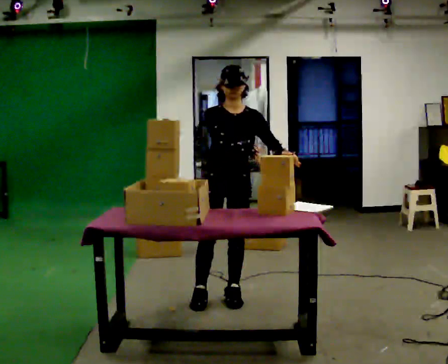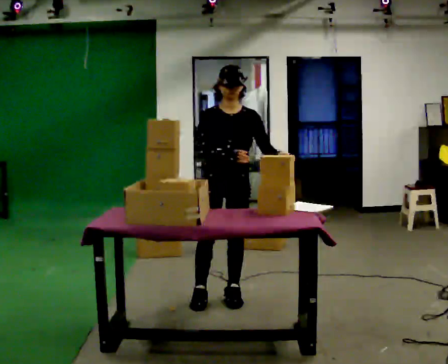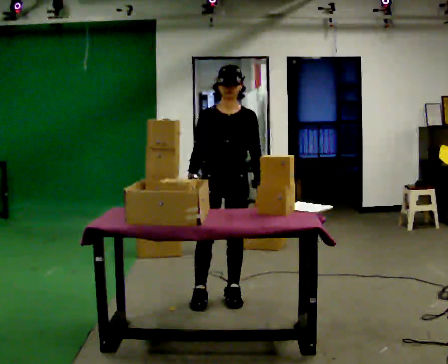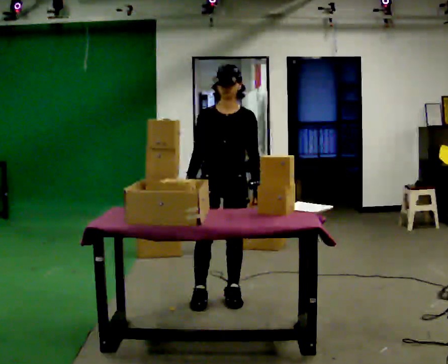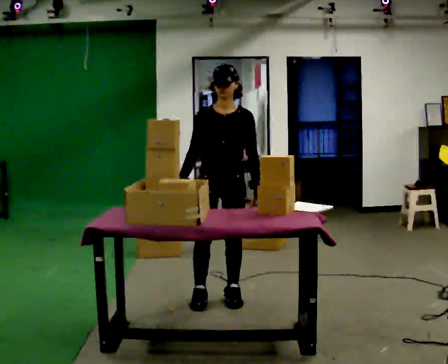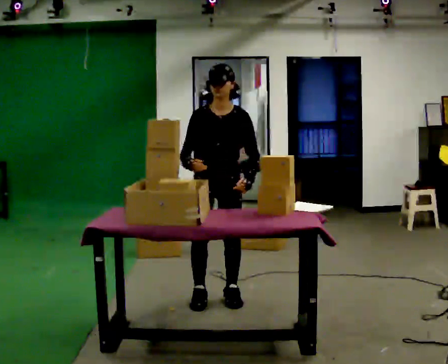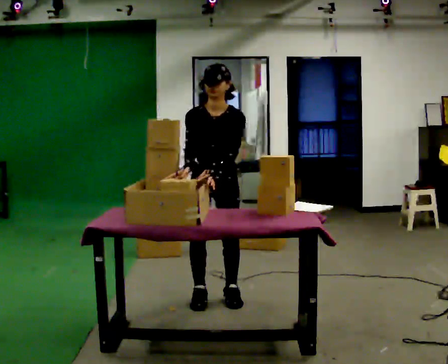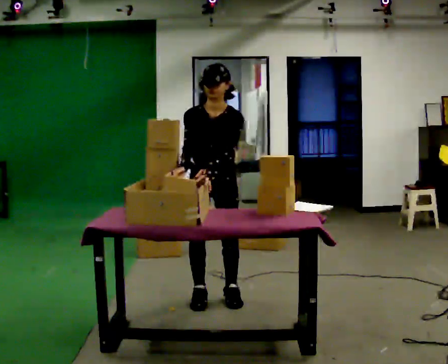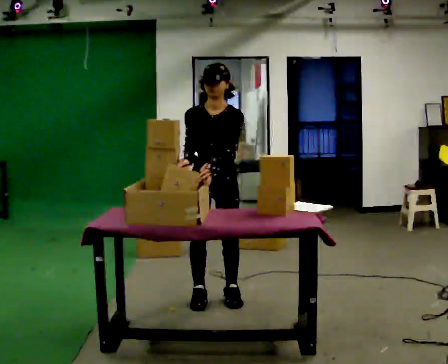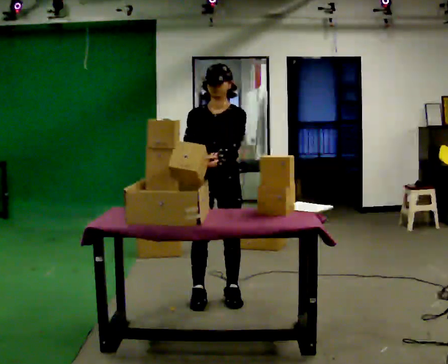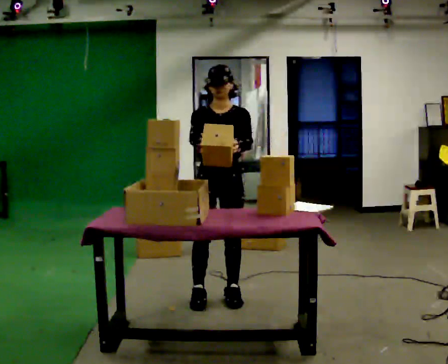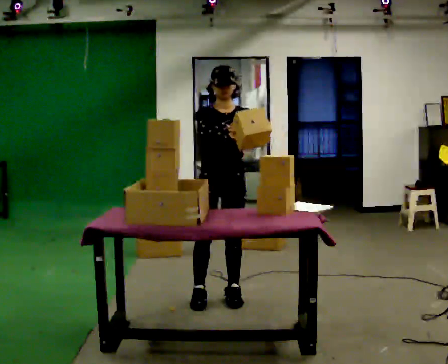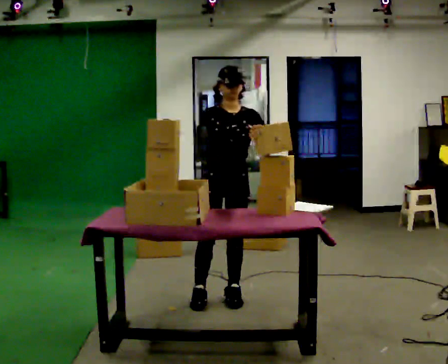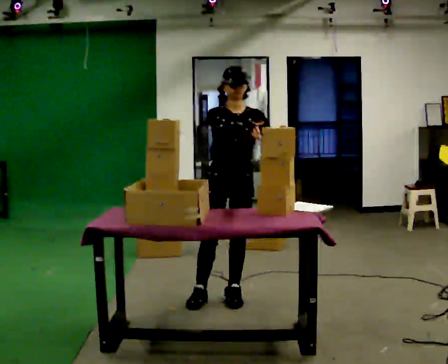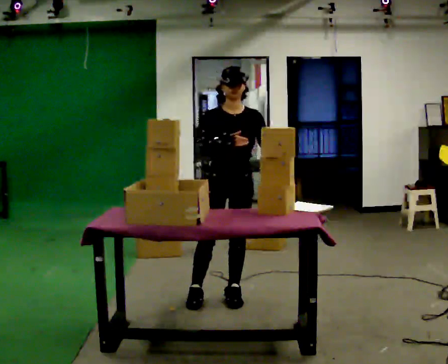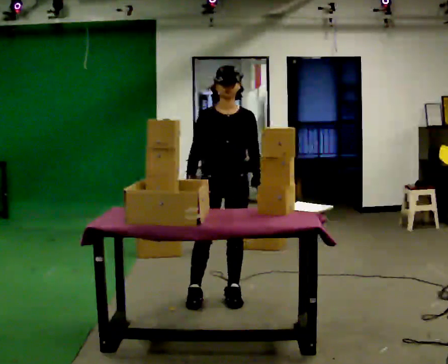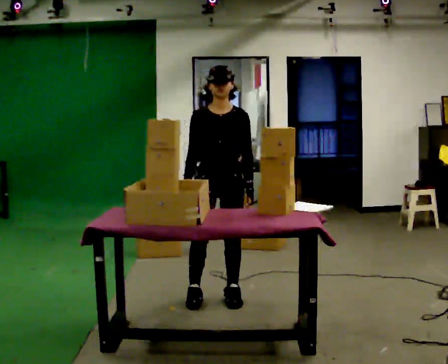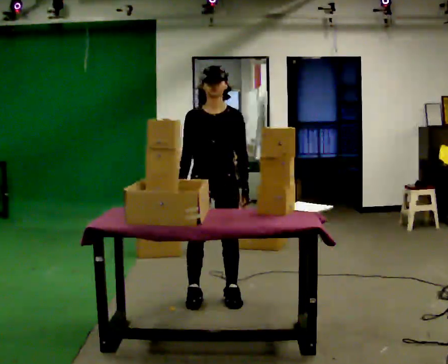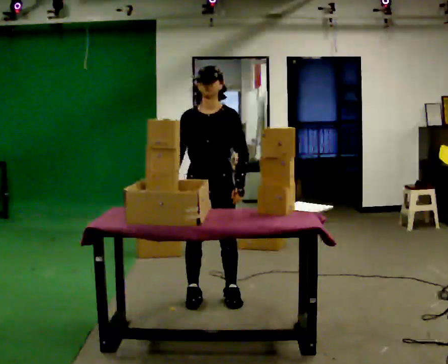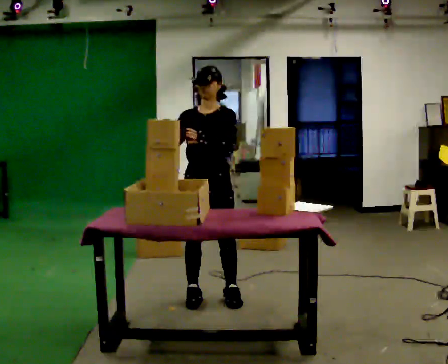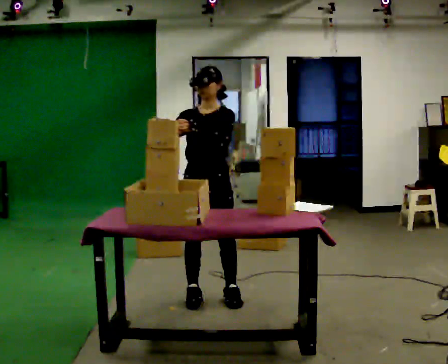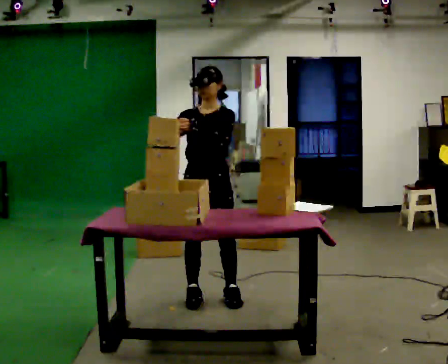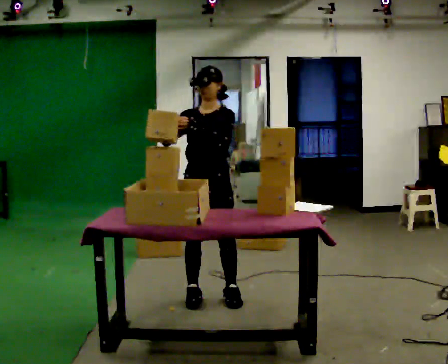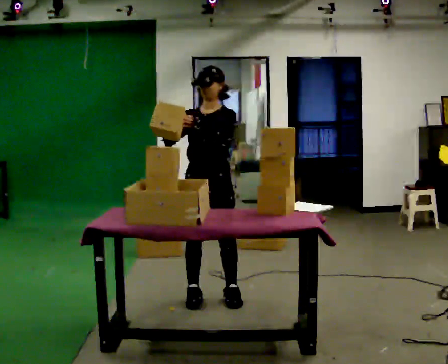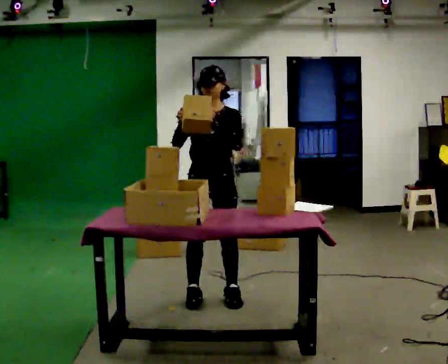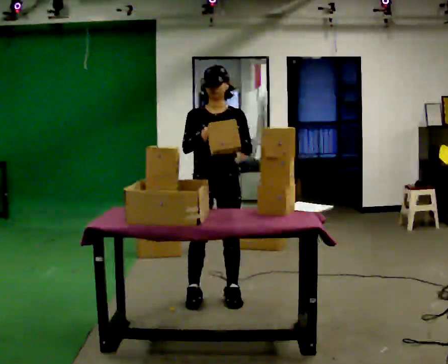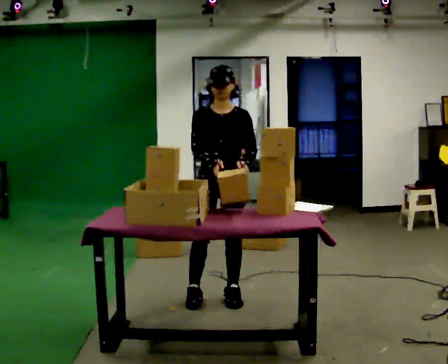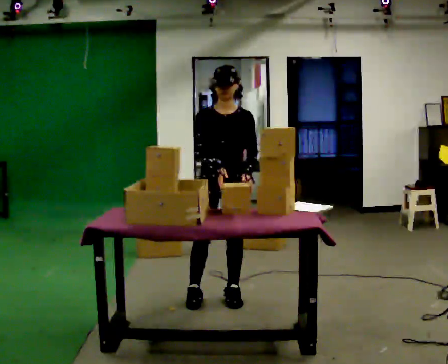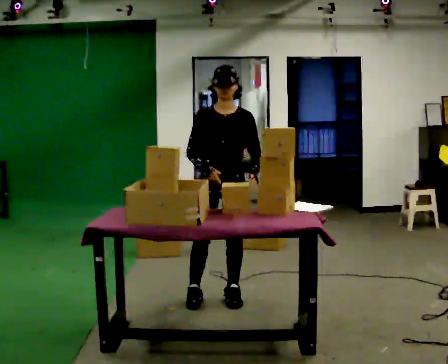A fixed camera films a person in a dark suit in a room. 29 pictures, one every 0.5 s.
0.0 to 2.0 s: In the picture their right hand goes to the left.
2.0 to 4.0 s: The upper body tips toward the camera, its near side rolling downward, as they bend forward.
4.0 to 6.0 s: The upper body tips away from the camera, its near side rolling upward, as they lean back or straighten. In the picture their left hand goes to the right.
6.0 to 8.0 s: In the picture their right hand goes downward and to the left.
8.0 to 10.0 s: In the picture their left hand goes upward and to the left.
10.0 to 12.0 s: The person moves a little, or ends about where they began.
12.0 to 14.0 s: In the picture their left hand goes downward.
The film runs backward here.
